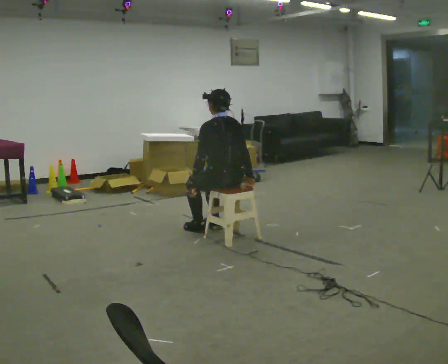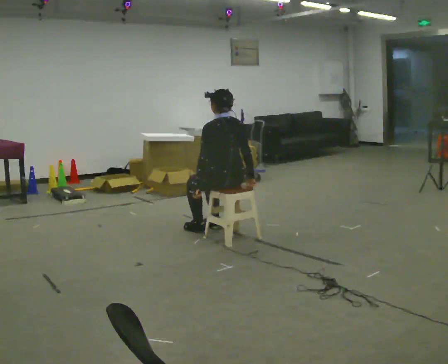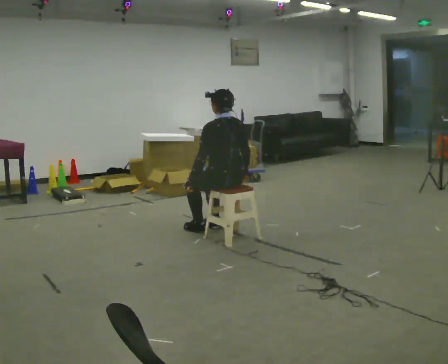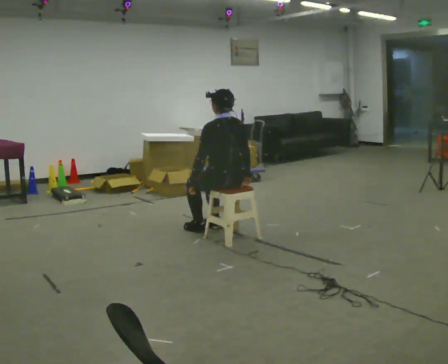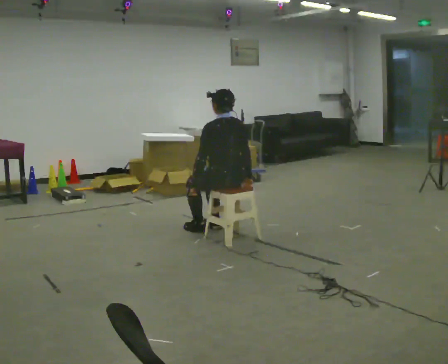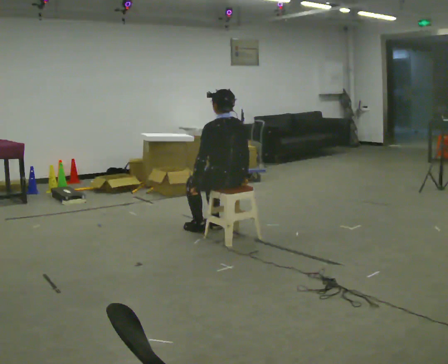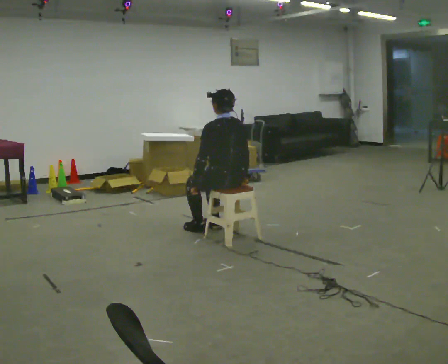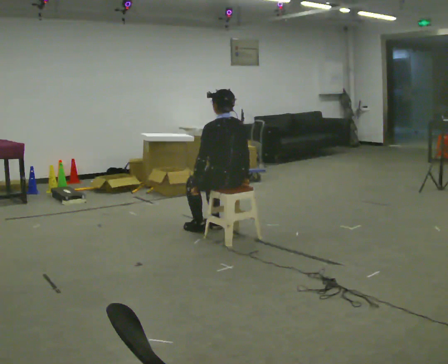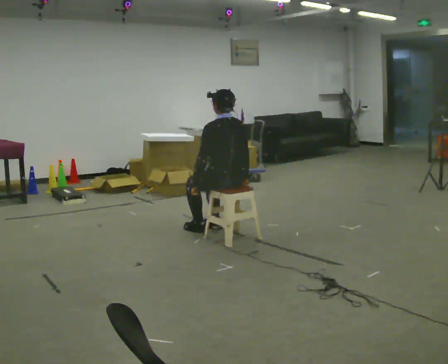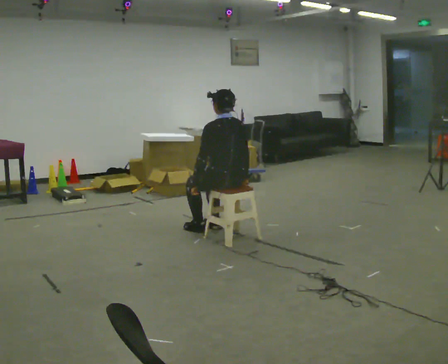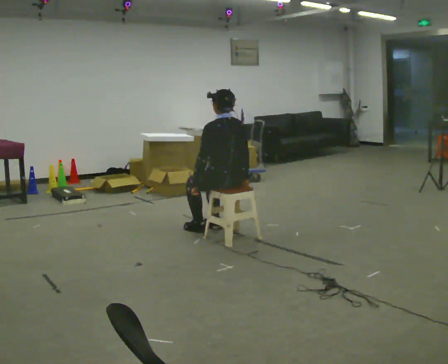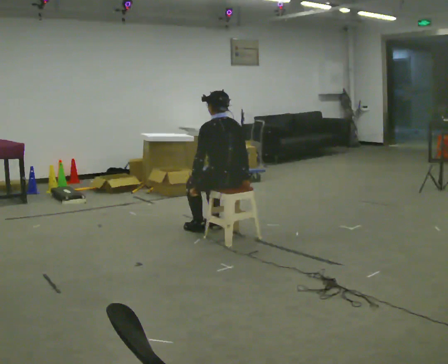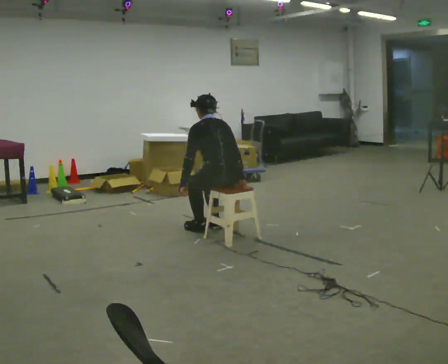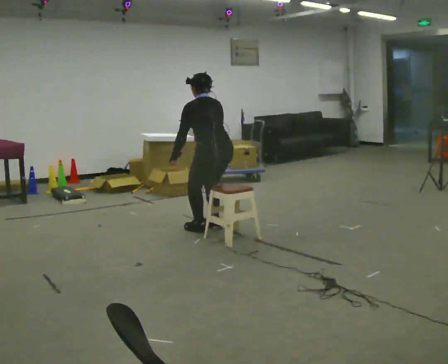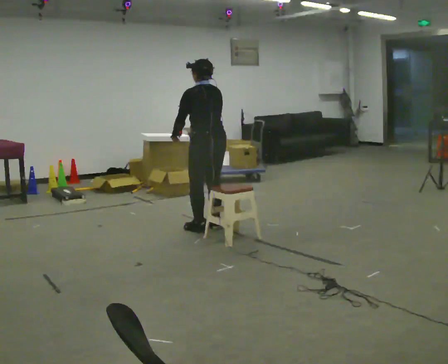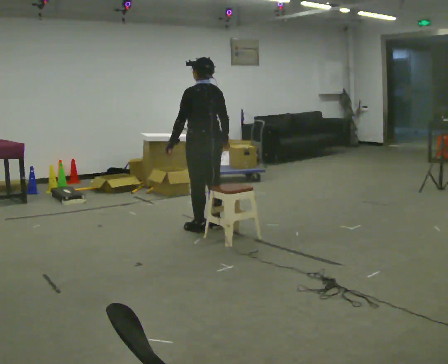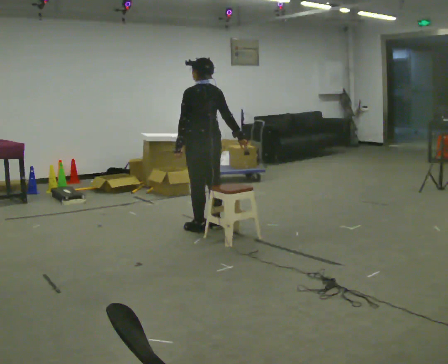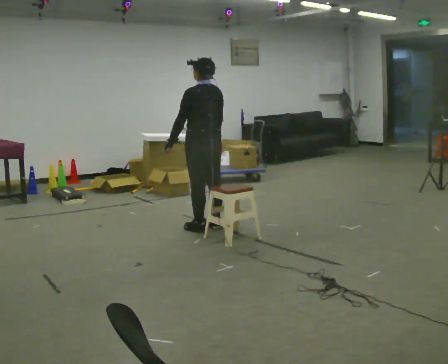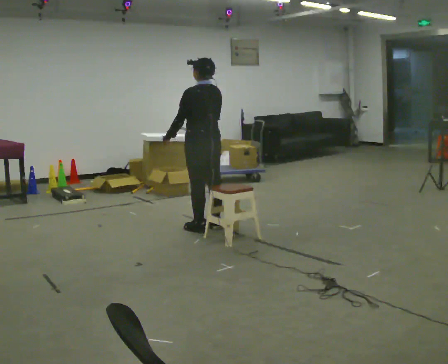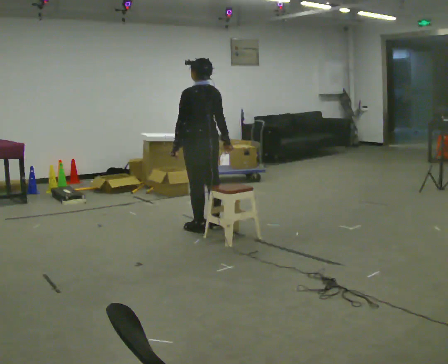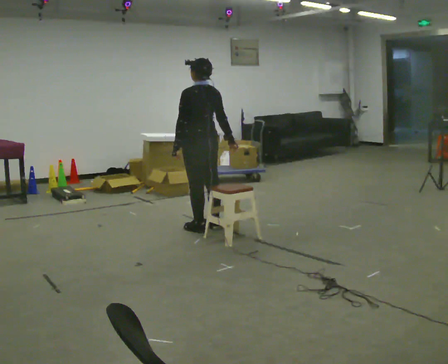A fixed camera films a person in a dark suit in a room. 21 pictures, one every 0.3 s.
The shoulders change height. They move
upward.
0.0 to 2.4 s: The person moves a little, or ends about where they began.
2.4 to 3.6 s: The upper body tips away from the camera, its near side rolling upward, as they bend forward.
3.6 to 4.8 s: In the picture they go away from the camera and to the left, about 0.25 m, which for them is forward. The shoulders move upward. The upper body tips toward the camera, its near side rolling downward, as they lean back or straighten. In the picture their left hand goes upward.
4.8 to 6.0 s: The person moves a little, or ends about where they began.
The film runs forward here.
